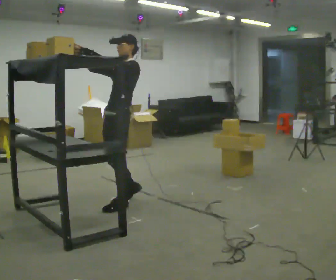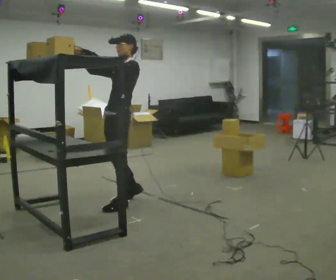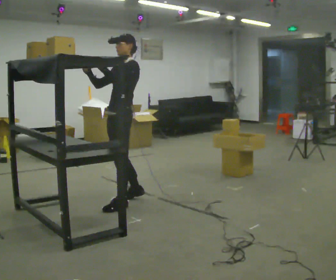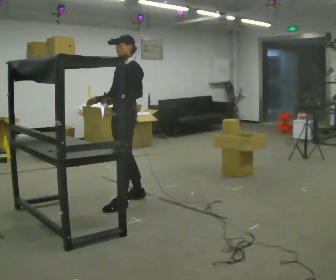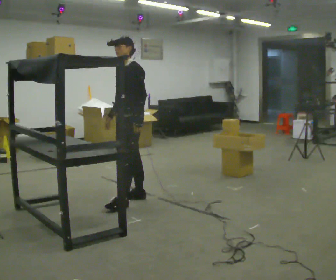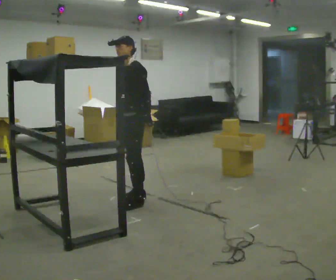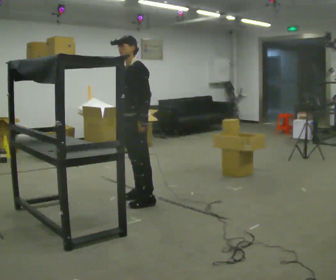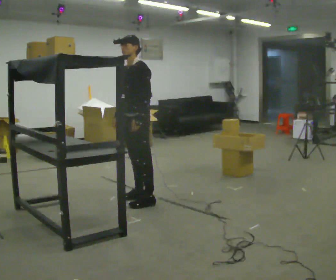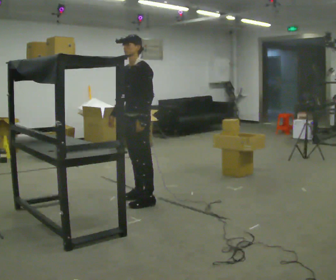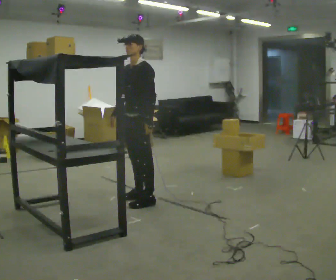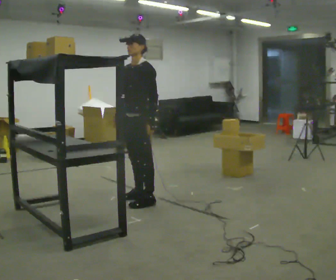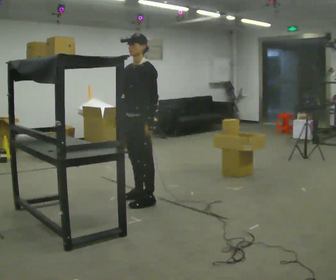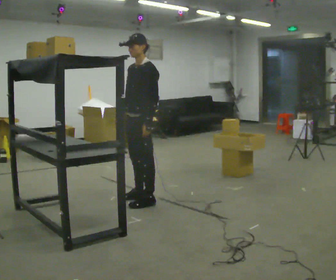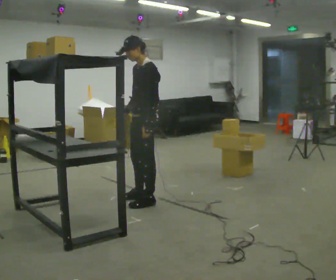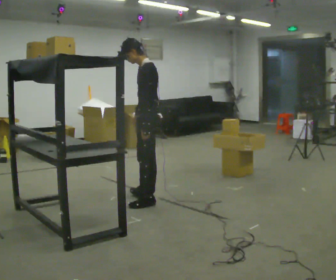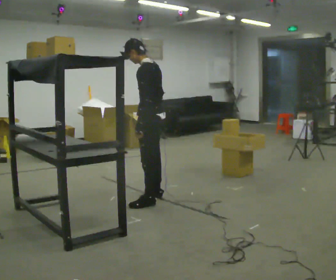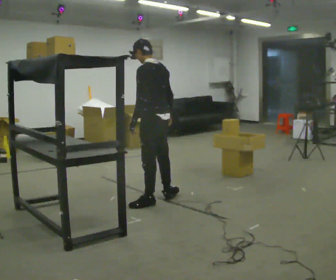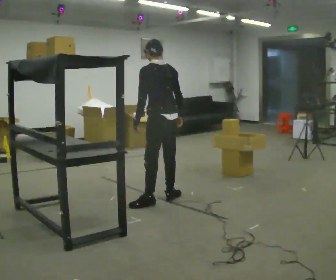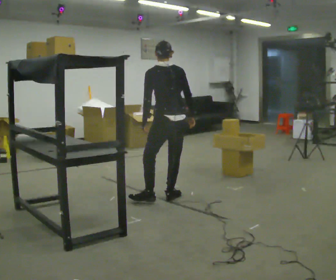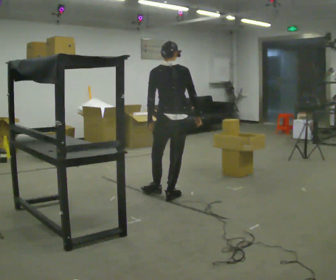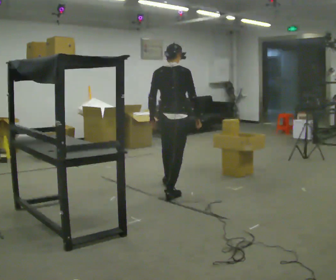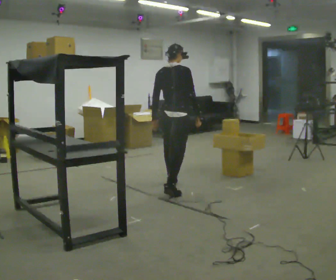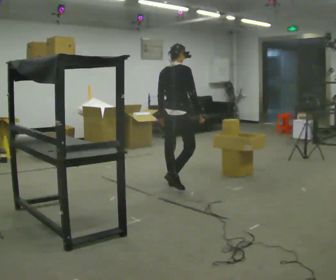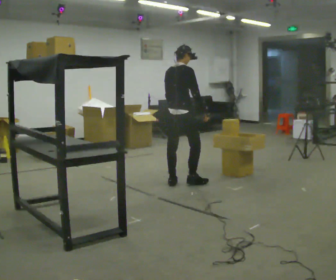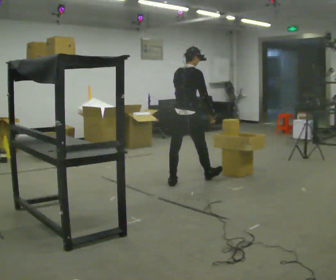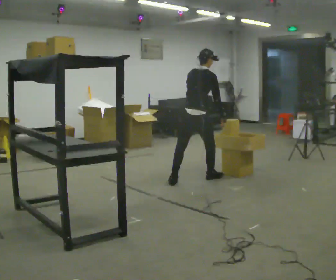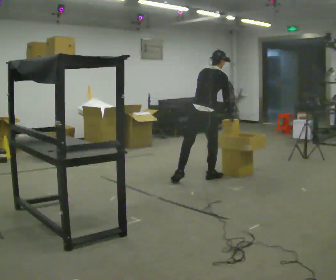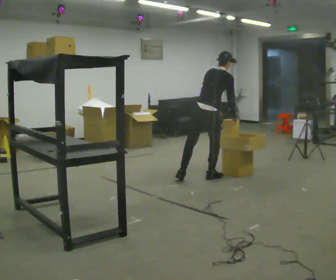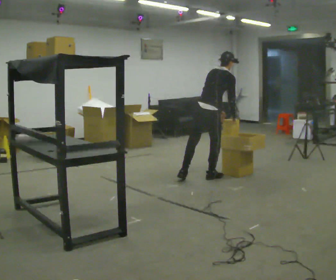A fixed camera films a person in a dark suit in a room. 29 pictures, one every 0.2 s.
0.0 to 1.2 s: In the picture they go away from the camera and to the right, about 0.25 m in 1 step, which for them is backward and to their right. In the picture the upper body tilts counterclockwise, shoulders to the left, as they bend forward. In the picture their right hand goes downward, the arm swinging counterclockwise.
1.2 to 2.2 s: The person moves a little, or ends about where they began.
2.2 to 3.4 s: Seen from above the body turns clockwise, about 90 degrees: to their right, with its near side sliding to the left. In the picture they go to the right, about 0.25 m in 1 step. In the picture their right hand goes to the right, the arm swinging counterclockwise.
3.4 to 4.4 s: The part of the body nearest the lens slides to the left as the person turns to their right by about 75 degrees. In the picture they go away from the camera, about 0.5 m in 1 step.
4.4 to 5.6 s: In the picture they go to the right and away from the camera, about 0.5 m in 2 steps, which for them is forward and to their right. In the picture the upper body tilts clockwise, shoulders to the right, as they bend forward.
The film runs forward here.
